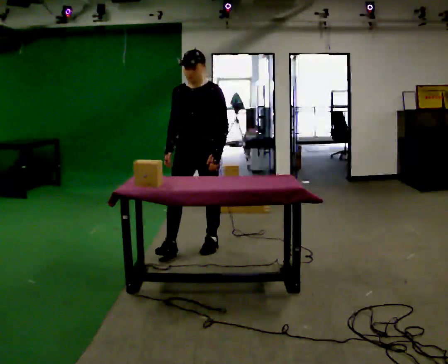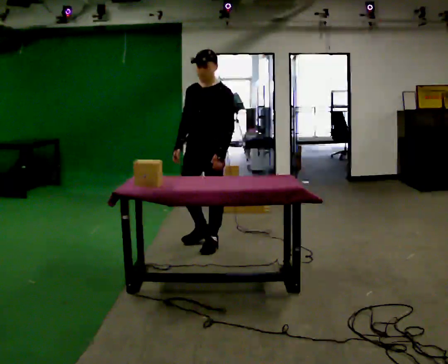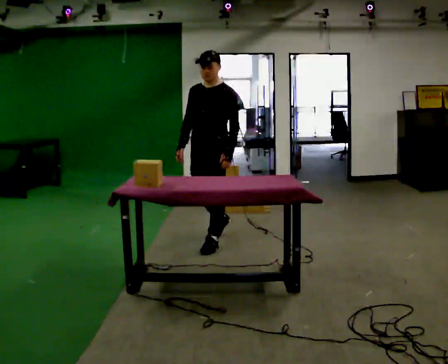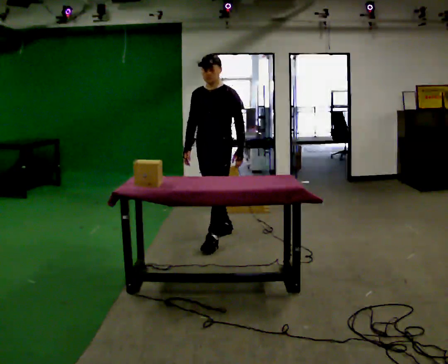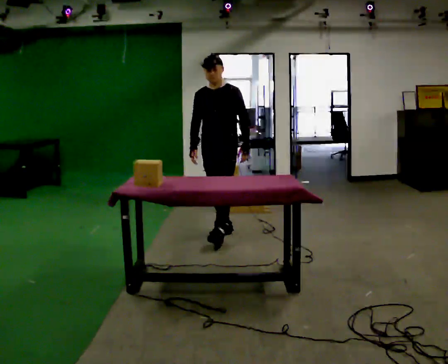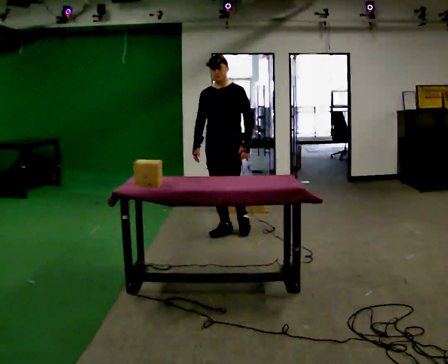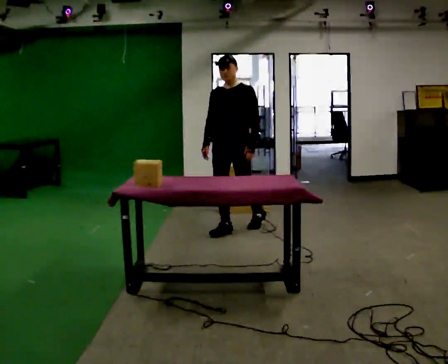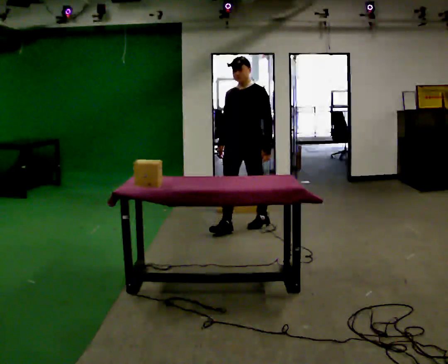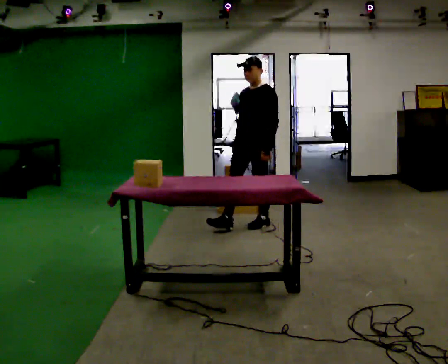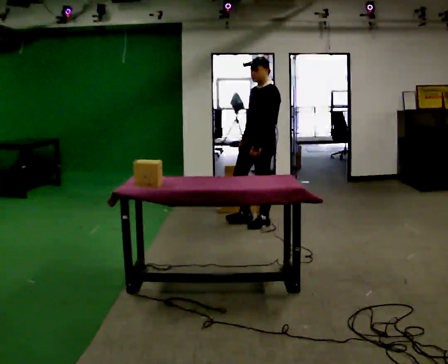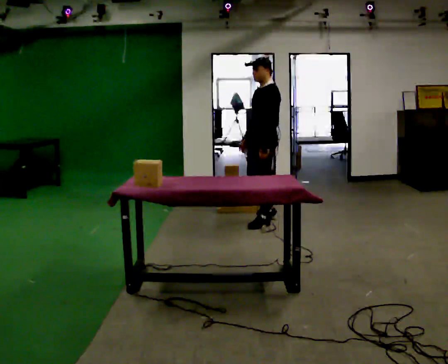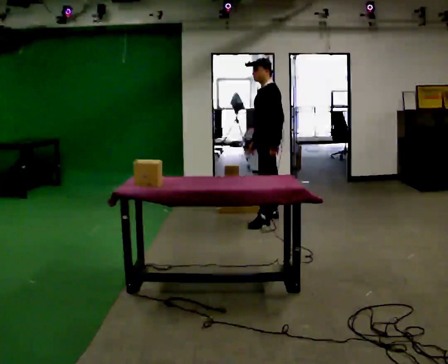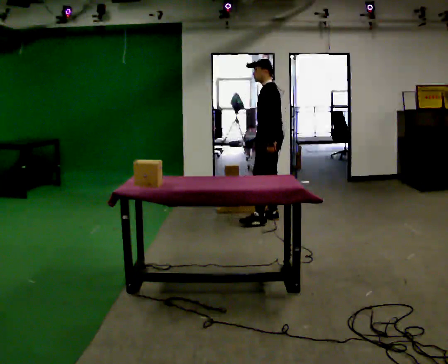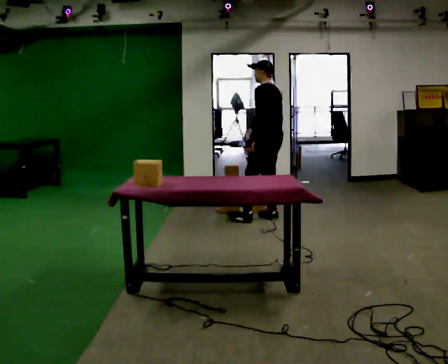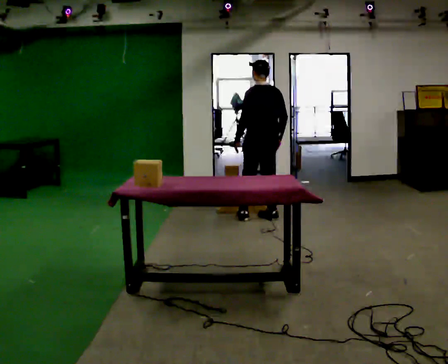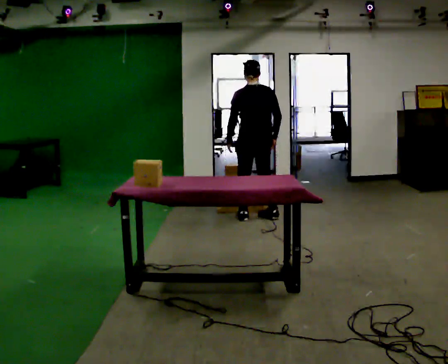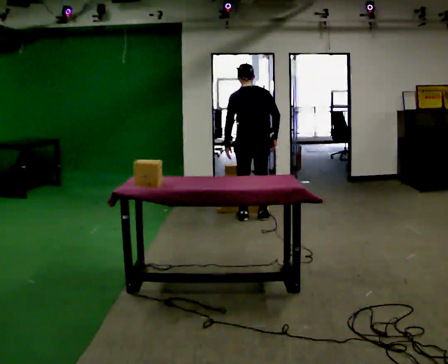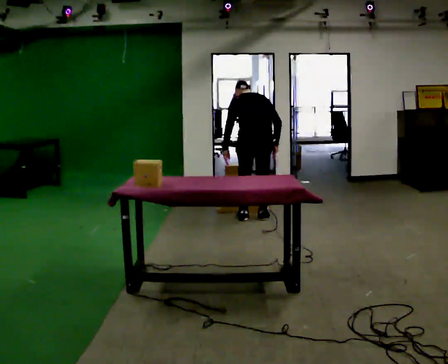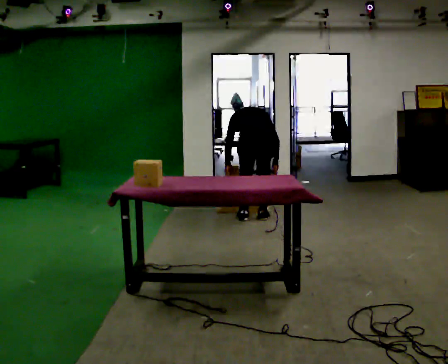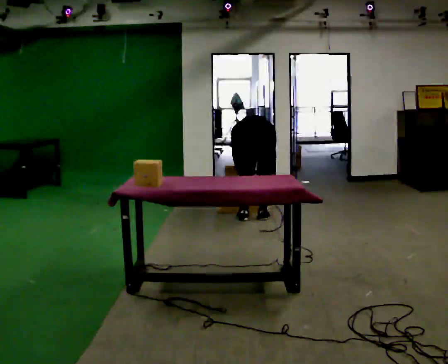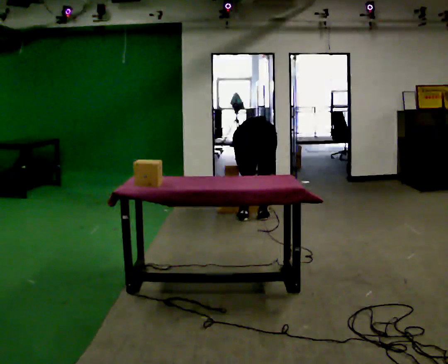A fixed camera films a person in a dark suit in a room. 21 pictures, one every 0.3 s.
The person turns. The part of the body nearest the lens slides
to the left.
The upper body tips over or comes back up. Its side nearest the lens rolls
upward.
0.0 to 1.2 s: In the picture they go away from the camera, about 0.5 m in 2 steps, which for them is backward.
1.2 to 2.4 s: In the picture they go away from the camera and to the right, about 0.5 m in 1 step, which for them is backward and to their left.
2.4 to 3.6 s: The person turns about 60 degrees to their right, clockwise seen from above, so the part of the body nearest the lens slides to the left. In the picture they go away from the camera and to the right, about 0.25 m in 1 step, which for them is backward and to their right.
3.6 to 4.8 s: The person turns about 75 degrees to their right, clockwise seen from above, so the part of the body nearest the lens slides to the left. In the picture they go to the left, about 0.25 m in 1 step. In the picture their left hand goes to the left.
4.8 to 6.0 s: The shoulders move downward. The upper body tips away from the camera, its near side rolling upward, as they bend forward. In the picture their left hand goes downward.
The film runs backward here.
